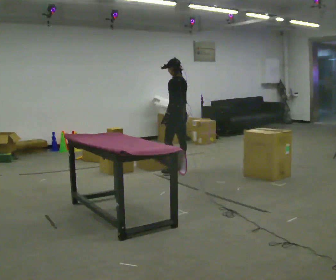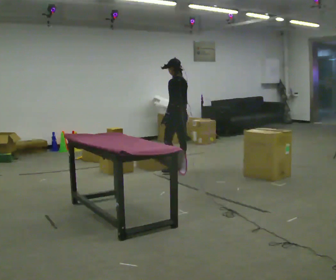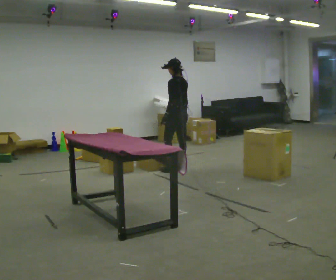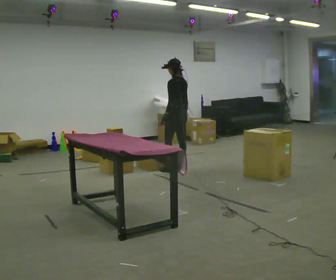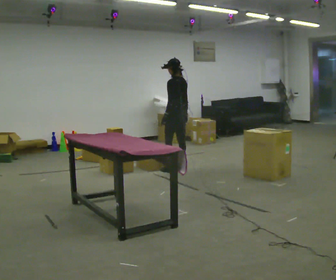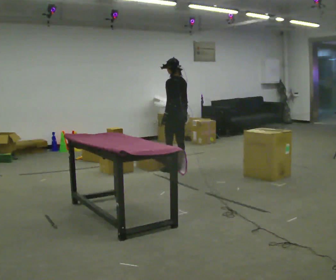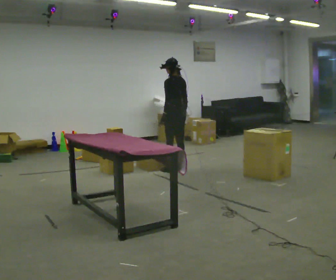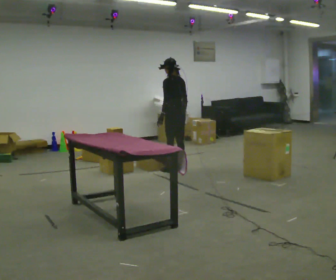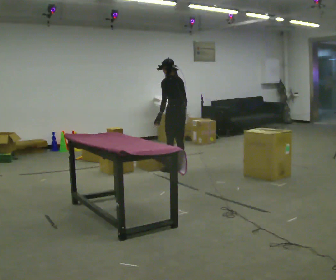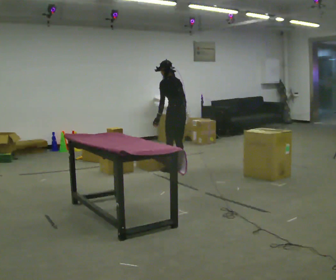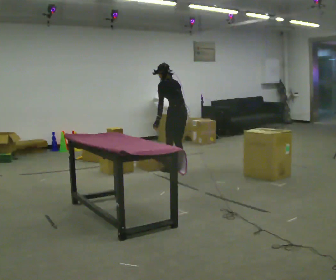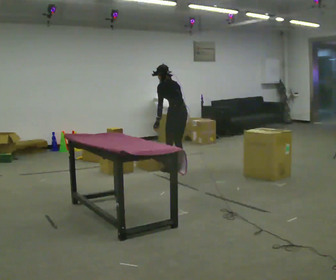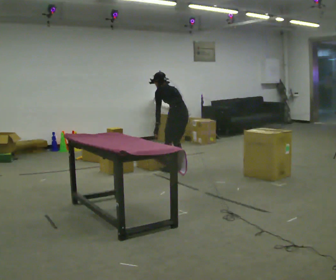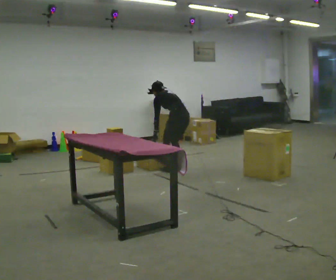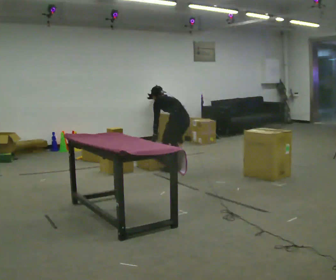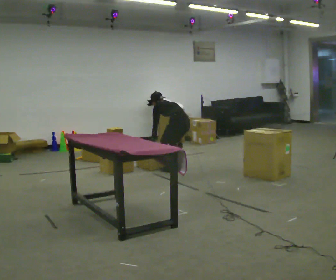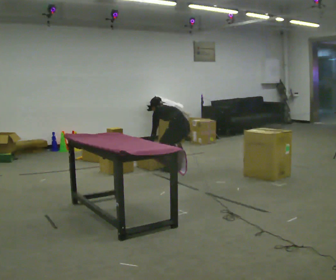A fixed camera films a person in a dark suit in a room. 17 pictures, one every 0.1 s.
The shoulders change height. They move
downward.
Their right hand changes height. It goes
downward.
0.0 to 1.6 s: The upper body goes downward. The upper body tips away from the camera, its near side rolling upward, as they bend forward. In the picture their right hand goes downward.
The film runs backward here.
